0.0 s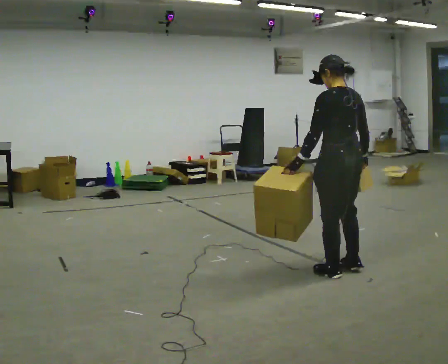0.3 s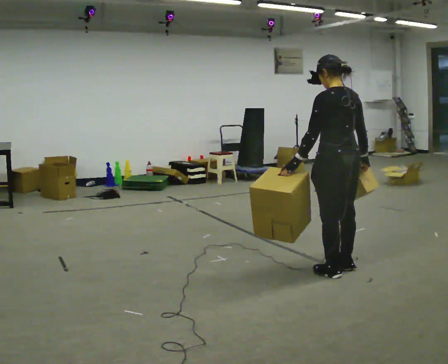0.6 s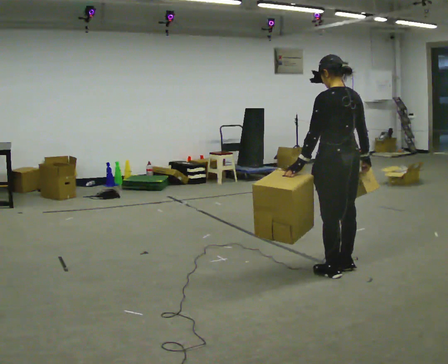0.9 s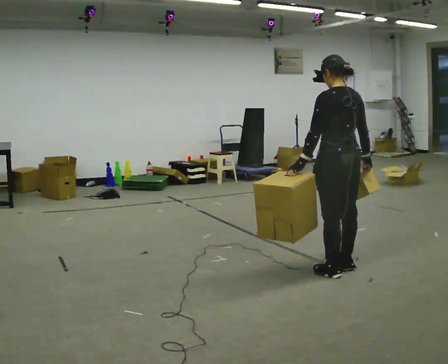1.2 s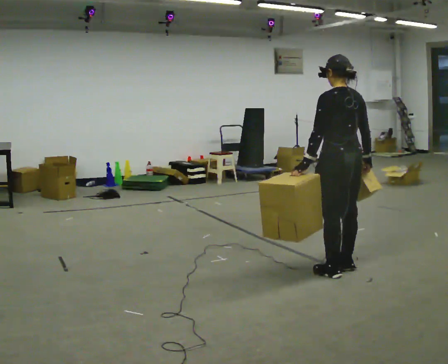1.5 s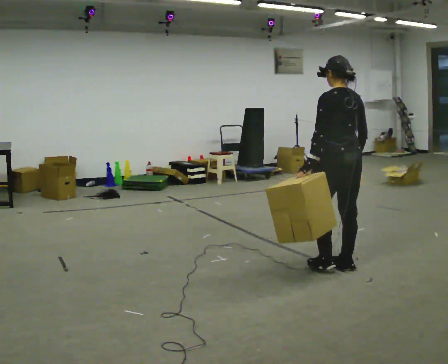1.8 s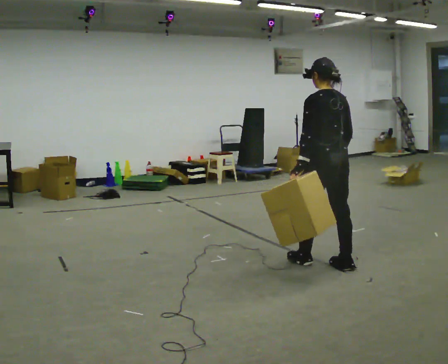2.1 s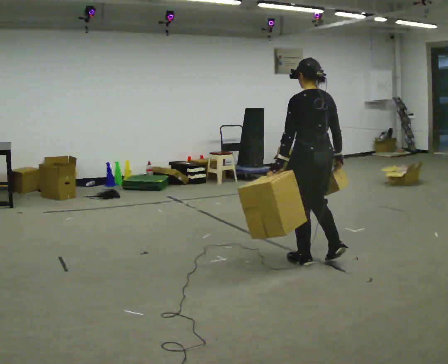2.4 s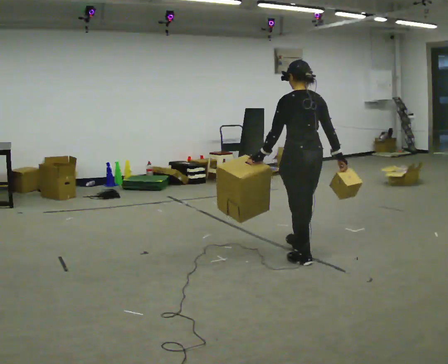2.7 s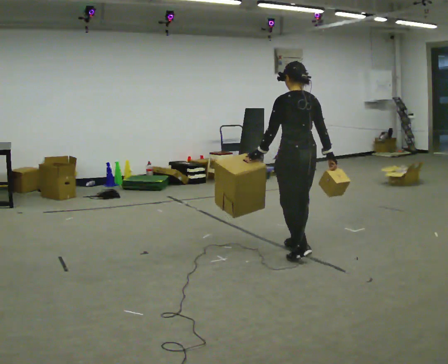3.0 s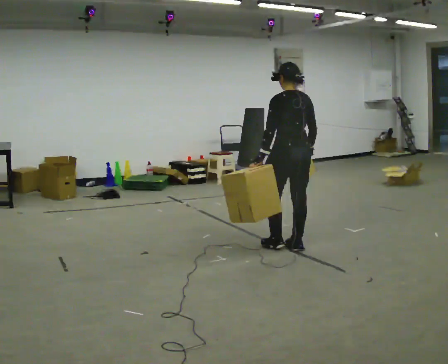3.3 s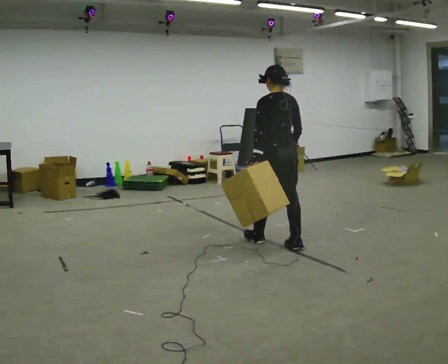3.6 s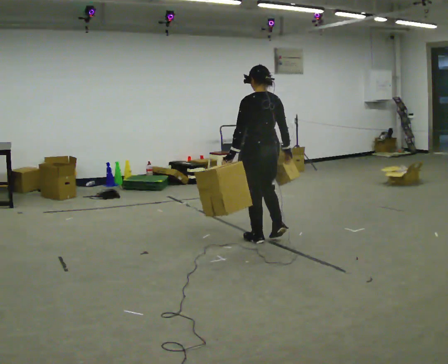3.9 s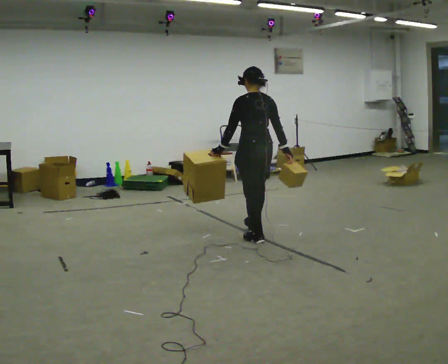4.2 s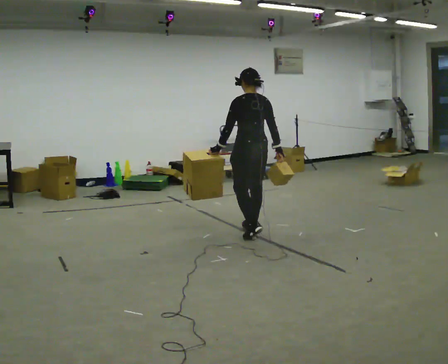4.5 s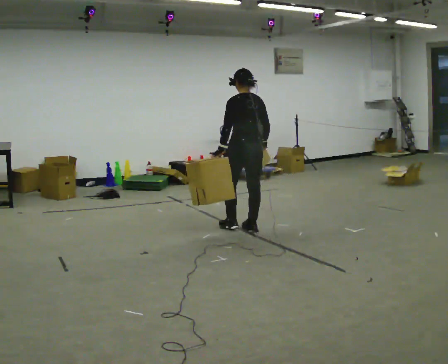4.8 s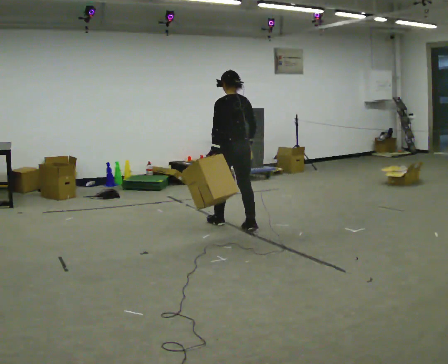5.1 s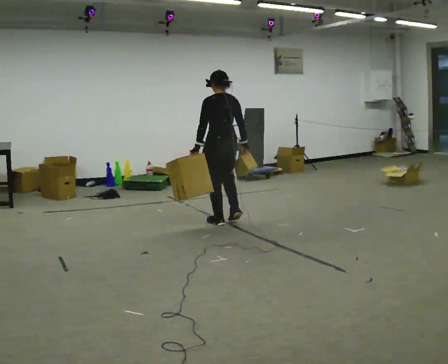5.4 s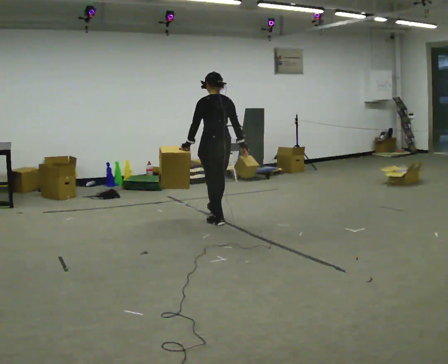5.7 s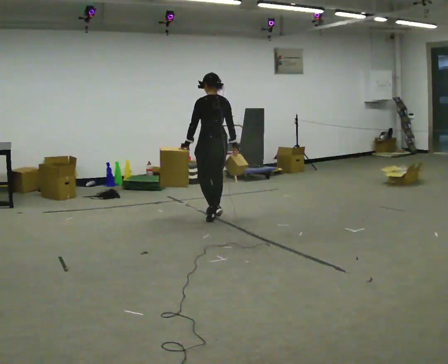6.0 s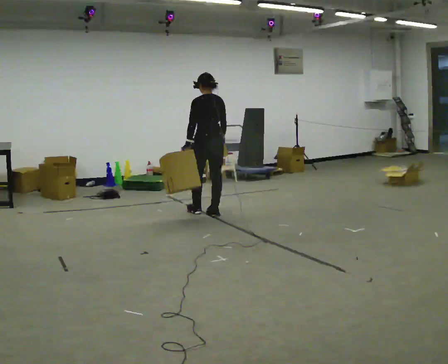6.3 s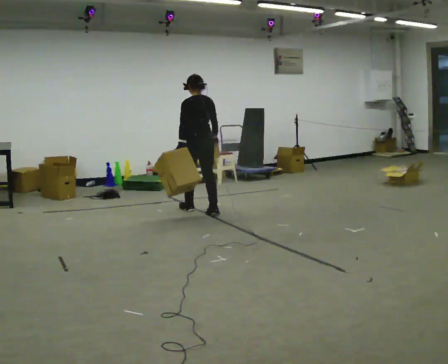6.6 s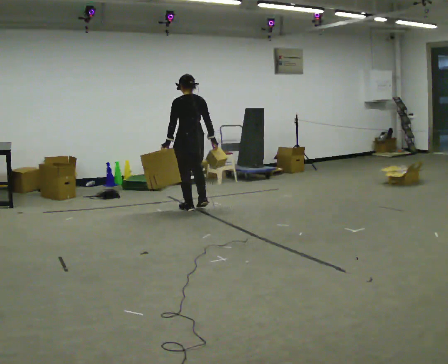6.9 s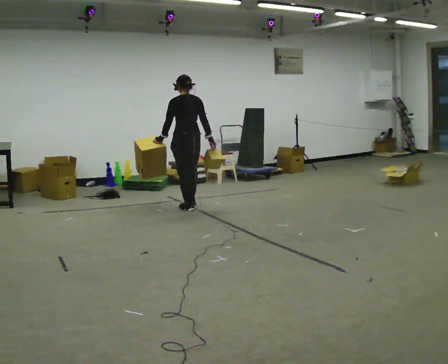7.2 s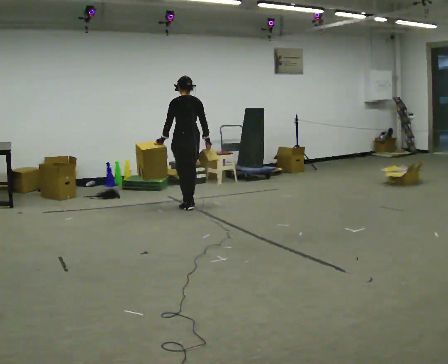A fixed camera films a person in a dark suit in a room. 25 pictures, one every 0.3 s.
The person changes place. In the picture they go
away from the camera.
0.0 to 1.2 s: The person moves a little, or ends about where they began.
1.2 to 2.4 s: In the picture they go away from the camera and to the left, about 0.5 m in 1 step, which for them is forward.
2.4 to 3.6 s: In the picture they go away from the camera and to the left, about 0.5 m in 2 steps, which for them is forward.
3.6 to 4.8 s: In the picture they go away from the camera and to the left, about 0.5 m in 2 steps, which for them is forward.
4.8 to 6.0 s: In the picture they go away from the camera and to the left, about 0.5 m in 1 step, which for them is forward.
6.0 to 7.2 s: In the picture they go away from the camera and to the left, about 0.5 m in 2 steps, which for them is forward.
The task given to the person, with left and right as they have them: Carry one object in each hand, the heavy one in the hand the operator calls, walking back and forth across the room.
The film runs forward here.
